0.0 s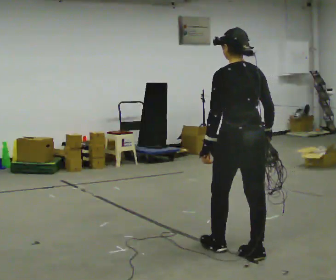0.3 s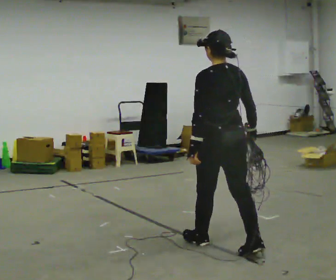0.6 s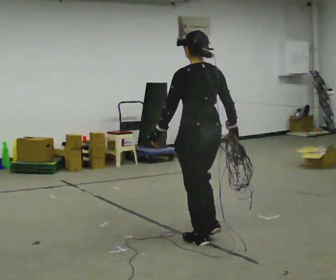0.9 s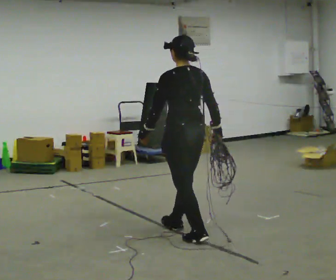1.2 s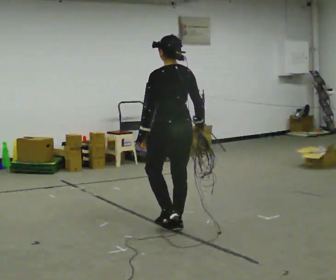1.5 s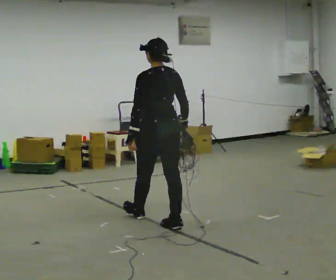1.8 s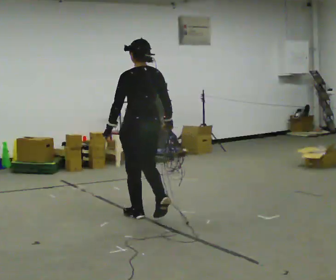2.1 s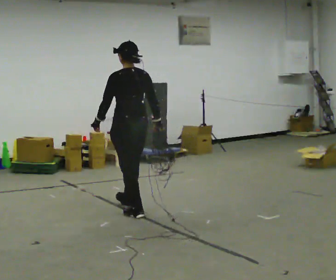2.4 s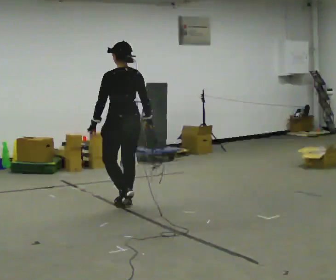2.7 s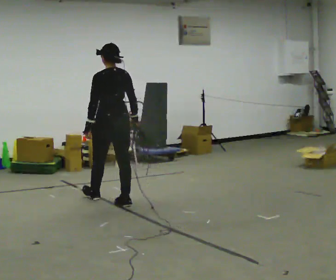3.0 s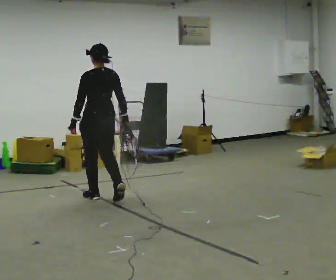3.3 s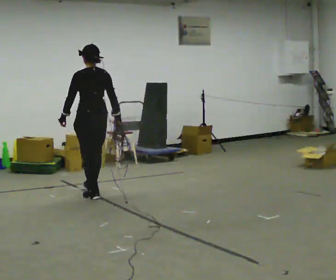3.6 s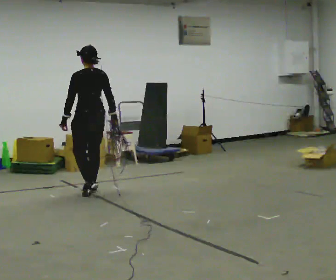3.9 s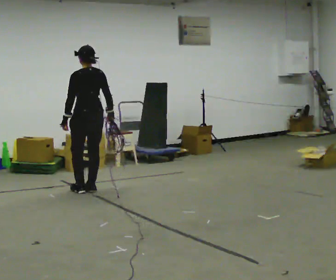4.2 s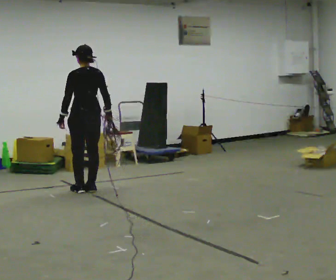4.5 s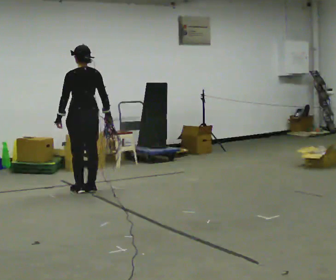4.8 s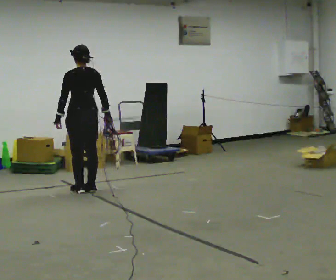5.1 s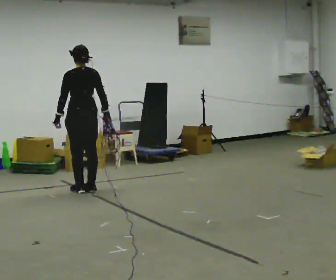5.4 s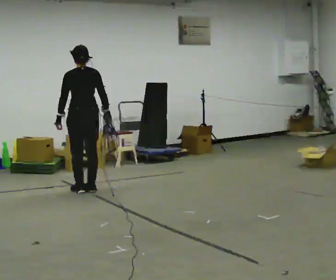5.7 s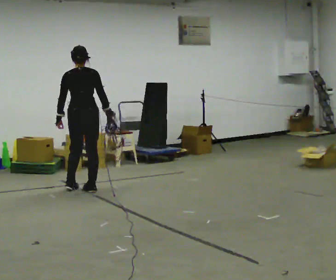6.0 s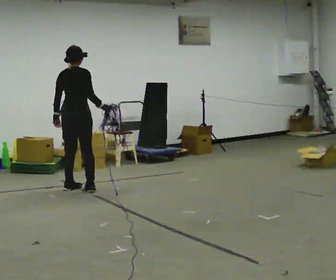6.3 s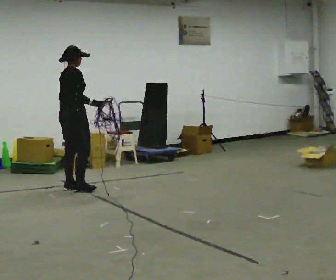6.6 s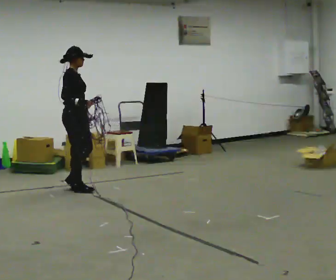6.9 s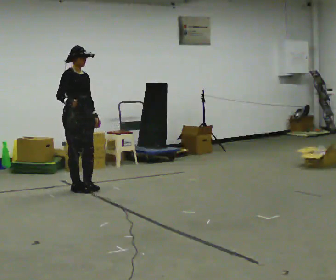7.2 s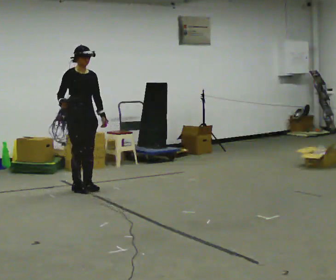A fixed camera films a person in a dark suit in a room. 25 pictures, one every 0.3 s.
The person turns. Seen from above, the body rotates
clockwise.
The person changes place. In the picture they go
away from the camera.
0.0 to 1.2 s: In the picture they go away from the camera and to the left, about 1 m in 2 steps, which for them is forward.
1.2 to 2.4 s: In the picture they go away from the camera and to the left, about 1 m in 2 steps, which for them is forward.
2.4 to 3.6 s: In the picture they go away from the camera and to the left, about 0.5 m in 2 steps, which for them is forward.
3.6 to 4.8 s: The person moves a little, or ends about where they began.
4.8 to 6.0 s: The part of the body nearest the lens slides to the left as the person turns to their right by about 60 degrees.
6.0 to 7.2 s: Seen from above the body turns clockwise, about 120 degrees: to their right, with its near side sliding to the left. In the picture their right hand goes to the left.
The film runs forward here.
